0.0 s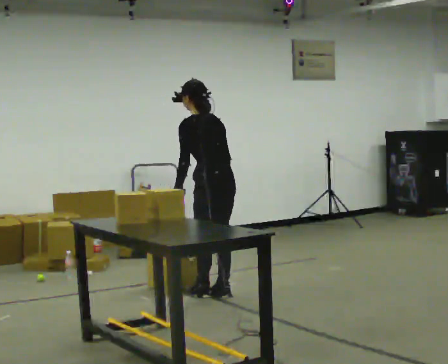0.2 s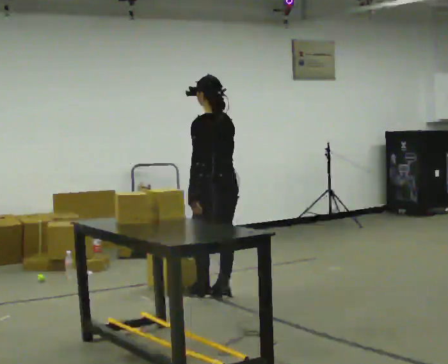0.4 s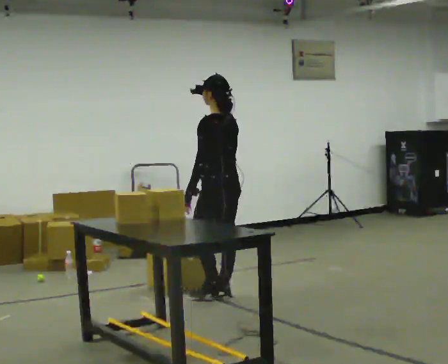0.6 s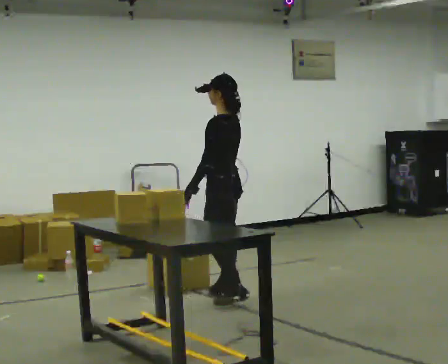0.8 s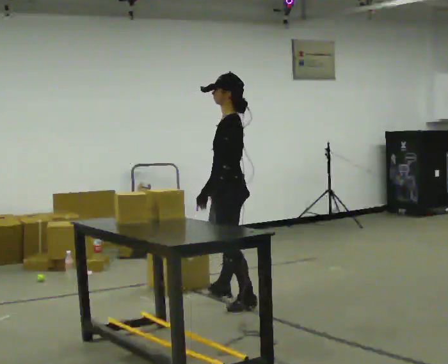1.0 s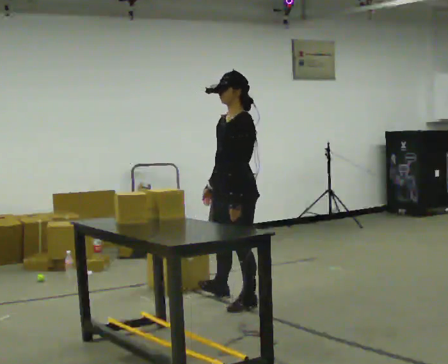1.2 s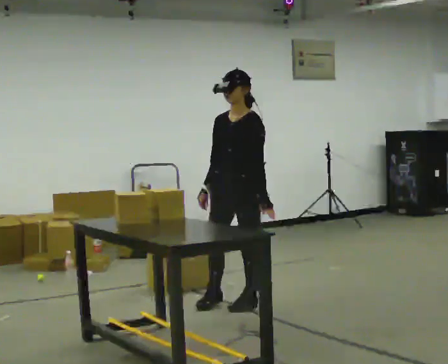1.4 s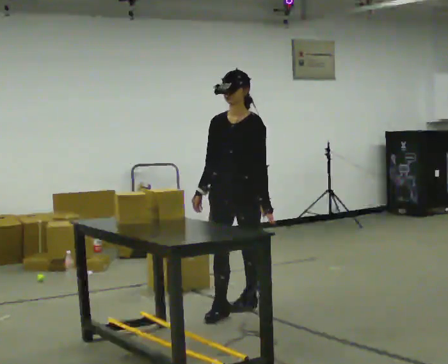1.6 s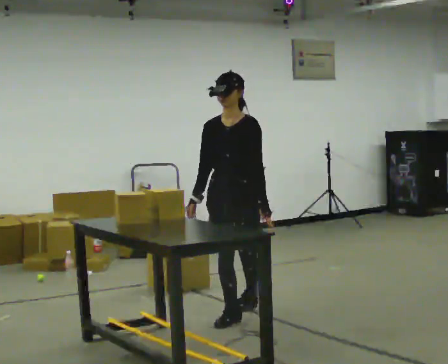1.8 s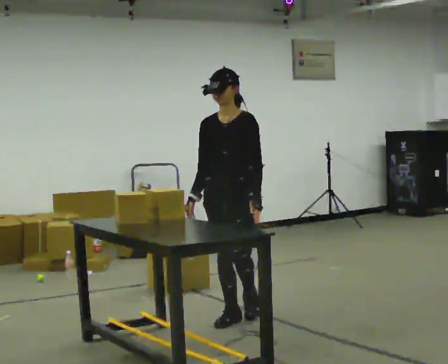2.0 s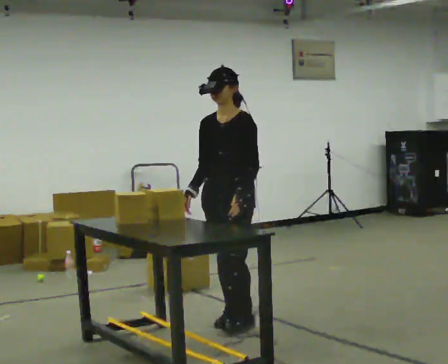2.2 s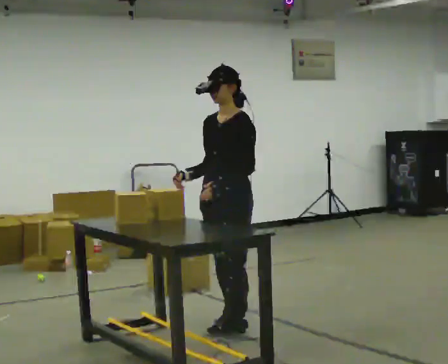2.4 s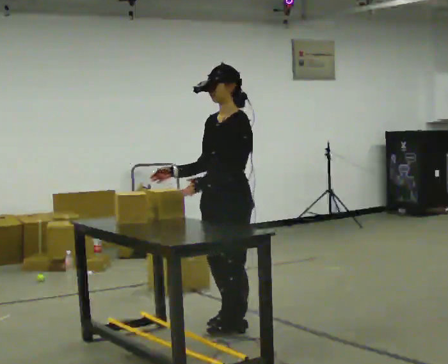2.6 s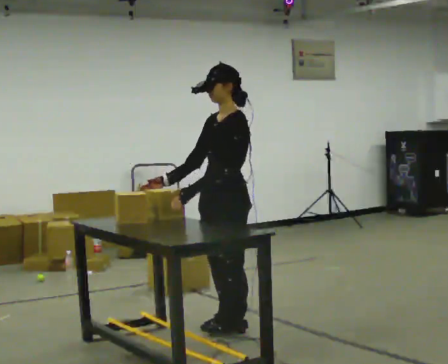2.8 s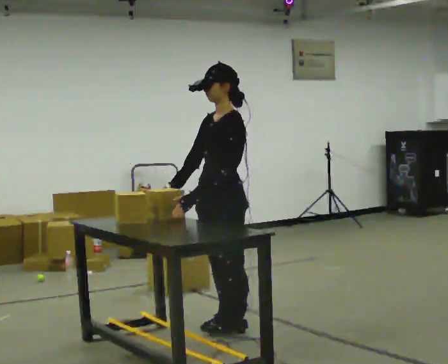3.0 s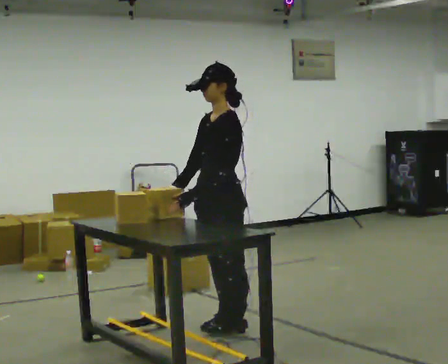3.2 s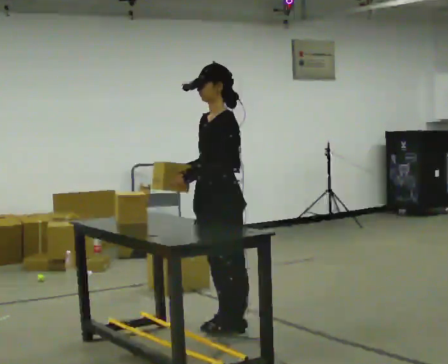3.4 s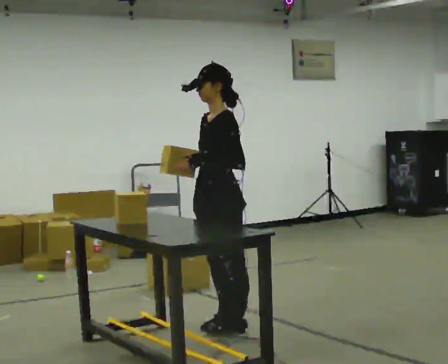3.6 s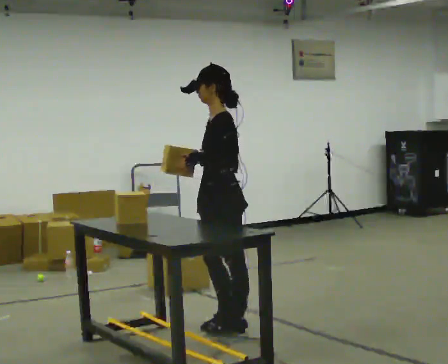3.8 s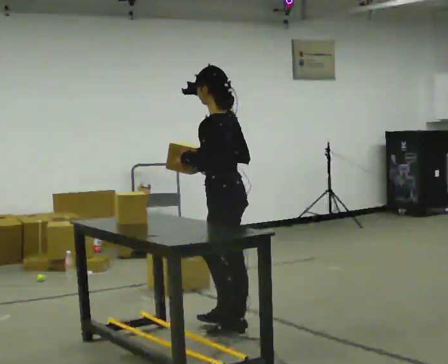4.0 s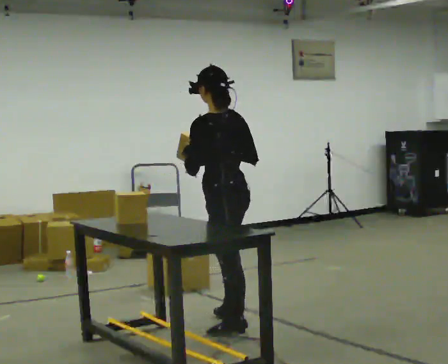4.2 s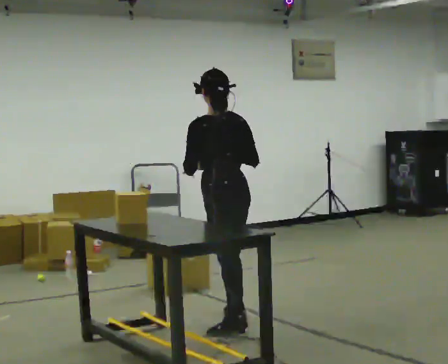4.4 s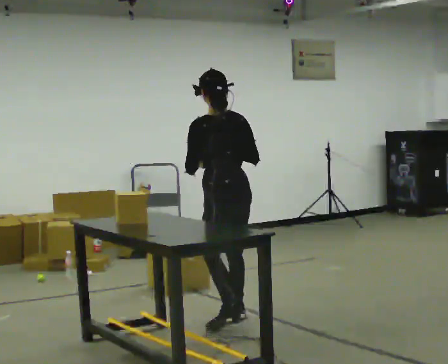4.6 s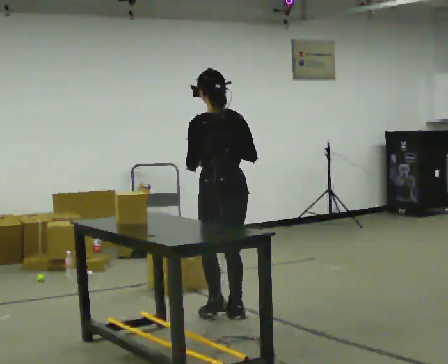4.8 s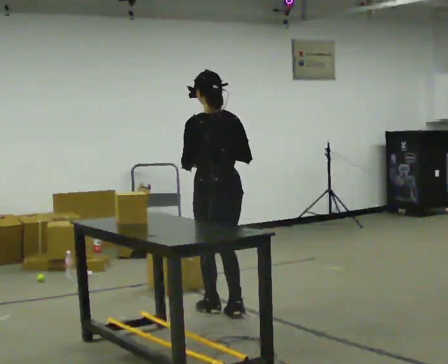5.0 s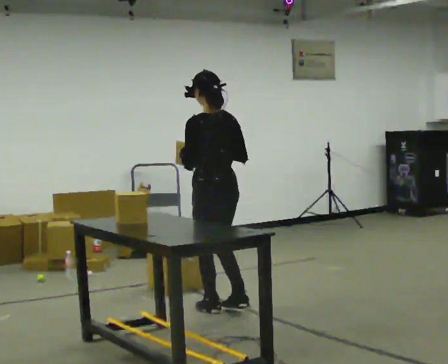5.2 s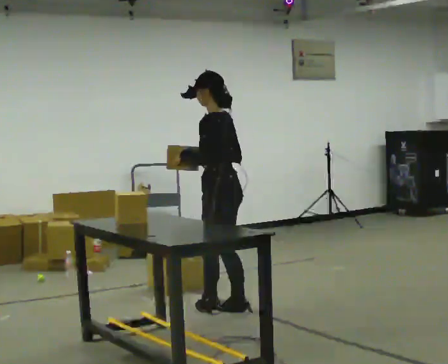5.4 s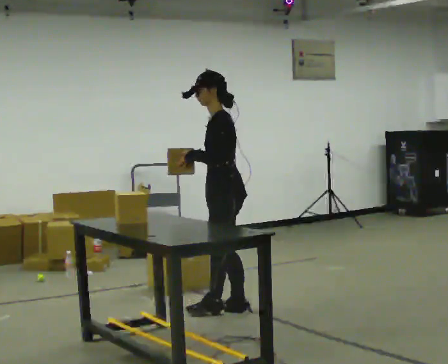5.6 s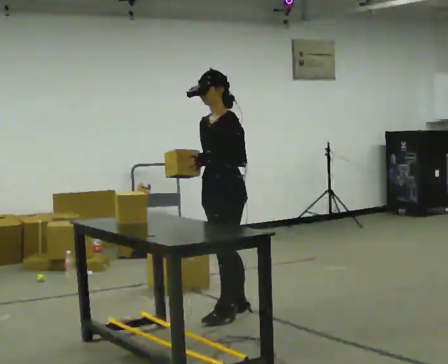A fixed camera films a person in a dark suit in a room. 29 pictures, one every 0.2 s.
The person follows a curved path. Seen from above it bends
clockwise.
0.0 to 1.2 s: The person turns about 105 degrees to their left, counterclockwise seen from above, so the part of the body nearest the lens slides to the right. In the picture they go toward the camera and to the right, about 0.5 m in 1 step.
1.2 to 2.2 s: In the picture they go toward the camera, about 0.5 m in 2 steps, which for them is forward.
2.2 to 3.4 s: The person moves a little, or ends about where they began.
3.4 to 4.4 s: The part of the body nearest the lens slides to the left as the person turns to their right by about 75 degrees. In the picture they go away from the camera, about 0.25 m in 1 step.
4.4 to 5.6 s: Seen from above the body turns counterclockwise, about 90 degrees: to their left, with its near side sliding to the right. In the picture their right hand goes to the left.
The film runs forward here.
